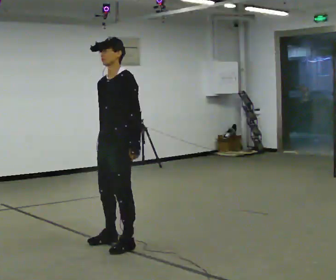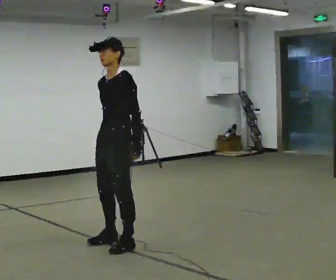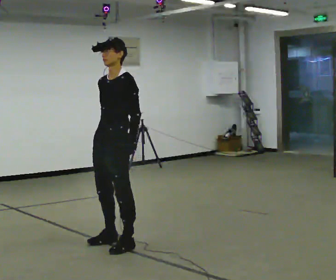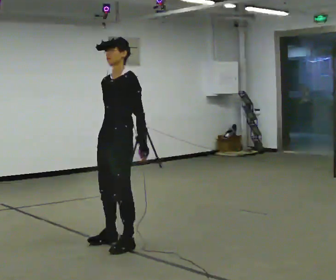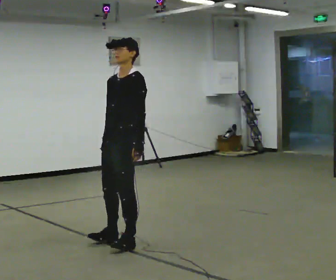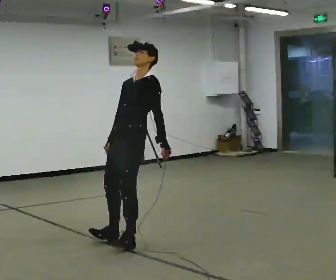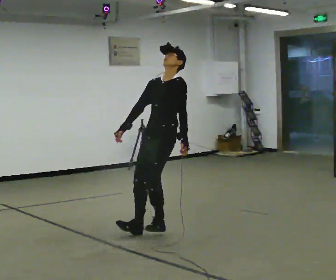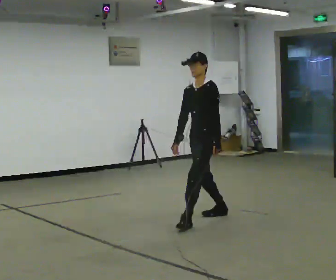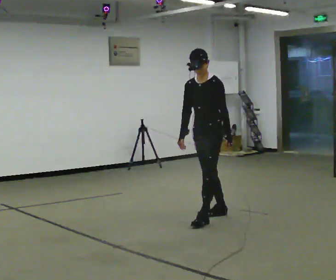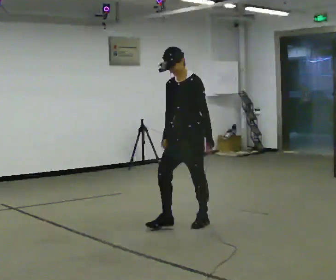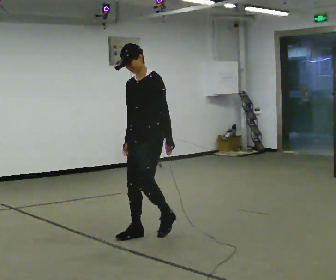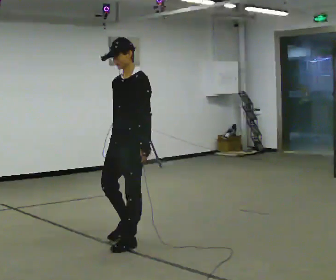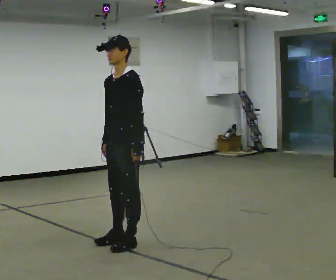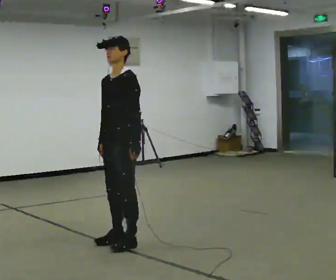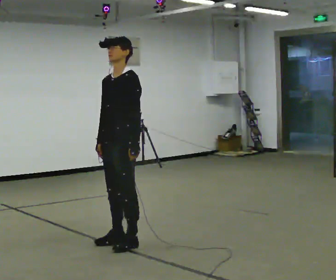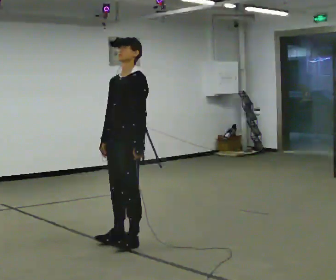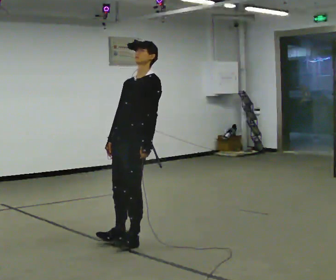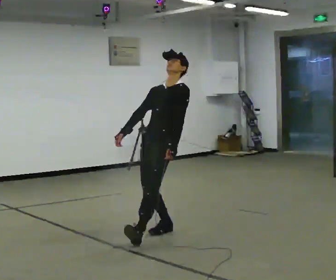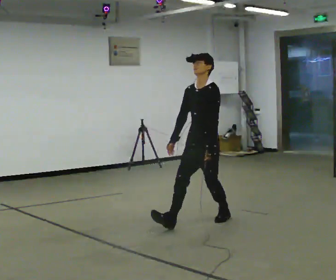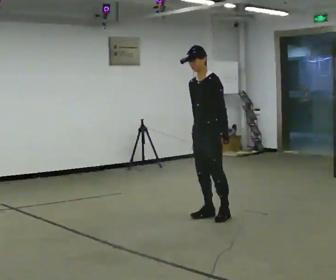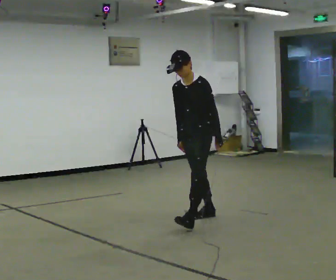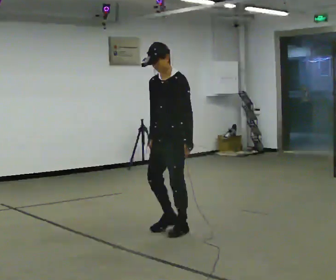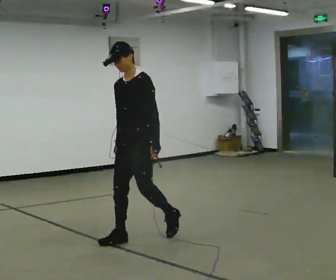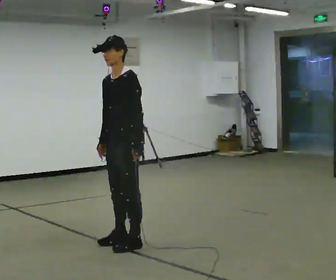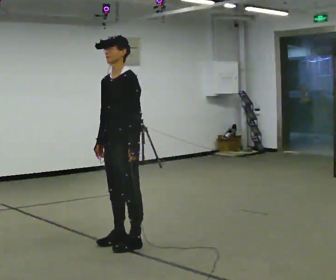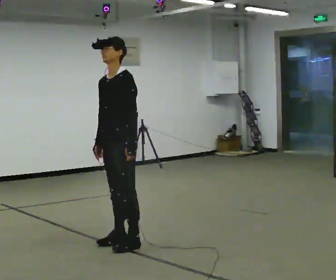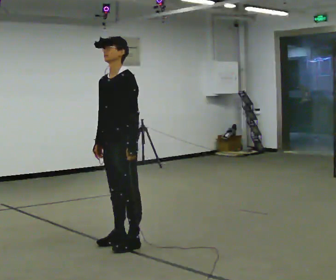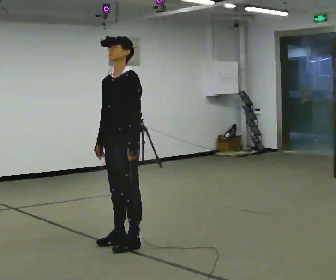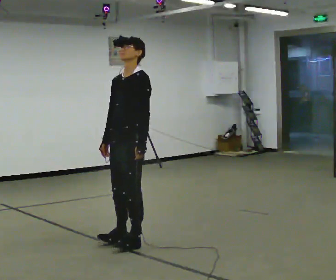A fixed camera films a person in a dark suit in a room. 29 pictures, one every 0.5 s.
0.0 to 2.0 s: The person moves a little, or ends about where they began.
2.0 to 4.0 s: In the picture they go away from the camera and to the right, about 1 m in 4 steps, which for them is backward.
4.0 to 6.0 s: In the picture they go toward the camera and to the left, about 1 m in 3 steps, which for them is forward.
6.0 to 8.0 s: In the picture the upper body tilts clockwise, shoulders to the right, as they lean back or straighten.
8.0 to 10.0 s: In the picture they go away from the camera and to the right, about 1 m in 3 steps, which for them is backward.
10.0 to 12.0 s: In the picture they go toward the camera and to the left, about 1 m in 3 steps, which for them is forward.
12.0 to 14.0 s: The person moves a little, or ends about where they began.
The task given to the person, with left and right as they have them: Stand on the marked spots. Lean backward, keeping your body straight, until you cannot hold it, then step back to catch yourself. Return to the spots. Repeat at your own pace until the operator says stop. Go slowly and only as far as you are comfortable. Step whenever you need to; do not try to hold on longer than feels safe.
The film runs forward here.
